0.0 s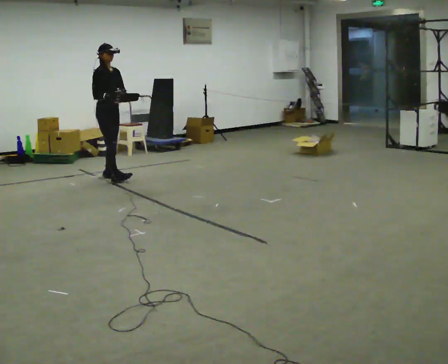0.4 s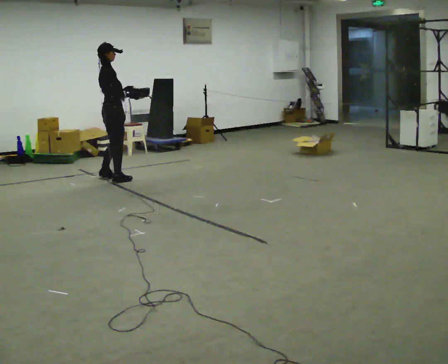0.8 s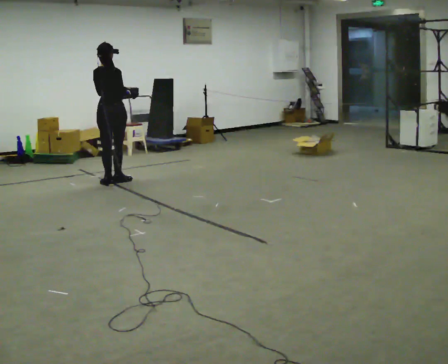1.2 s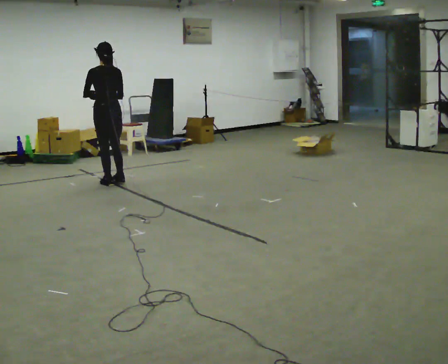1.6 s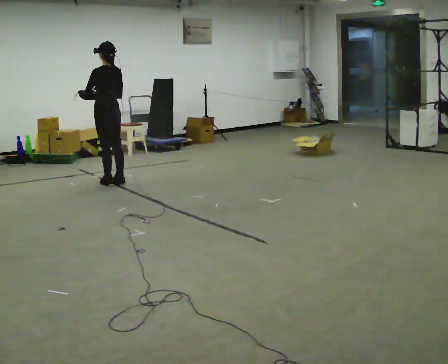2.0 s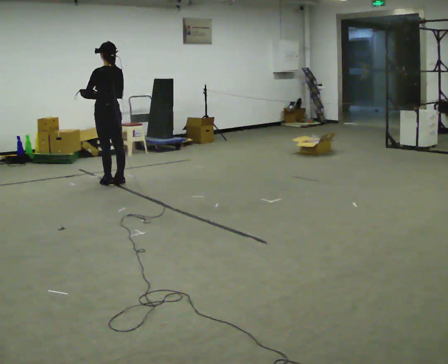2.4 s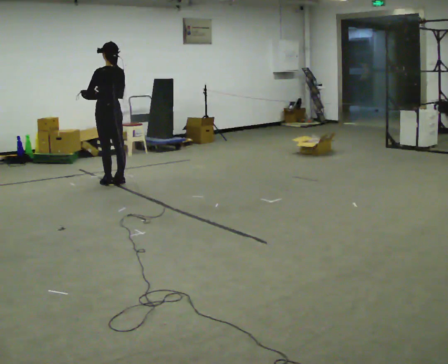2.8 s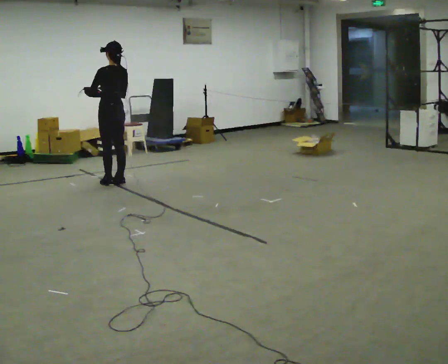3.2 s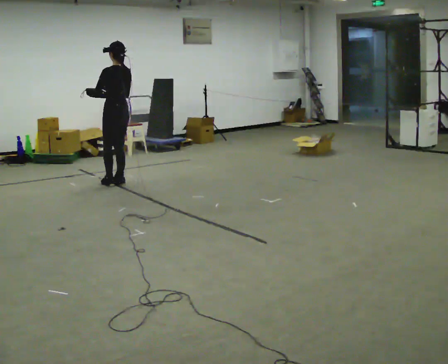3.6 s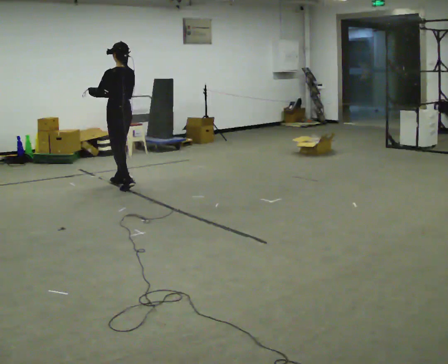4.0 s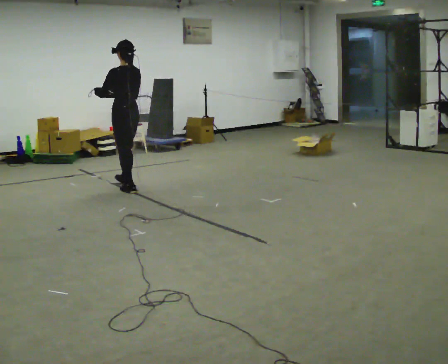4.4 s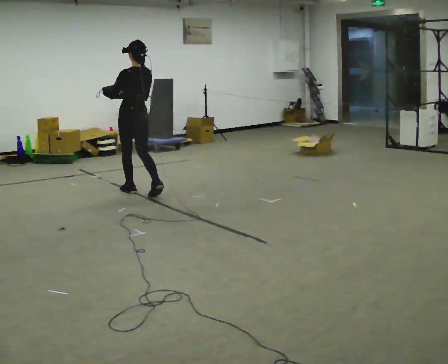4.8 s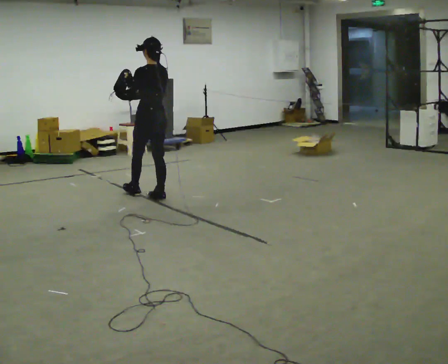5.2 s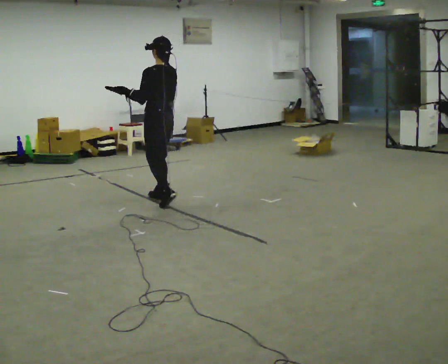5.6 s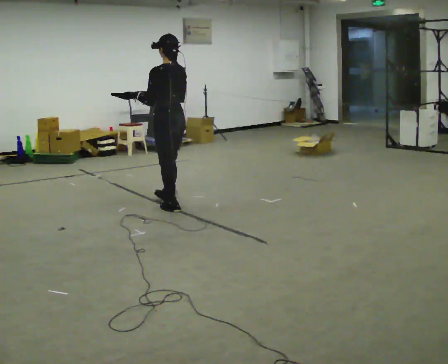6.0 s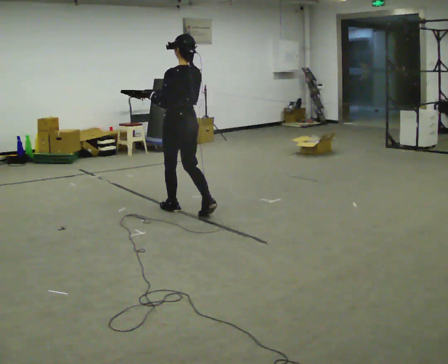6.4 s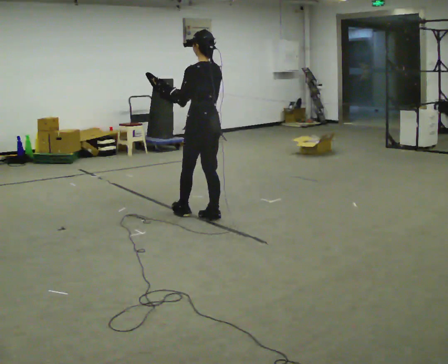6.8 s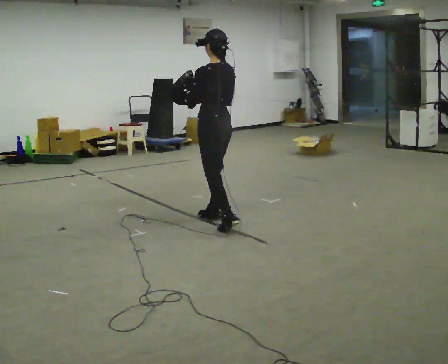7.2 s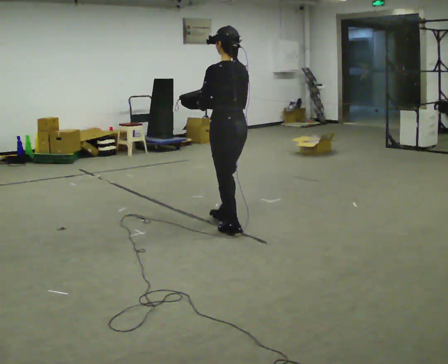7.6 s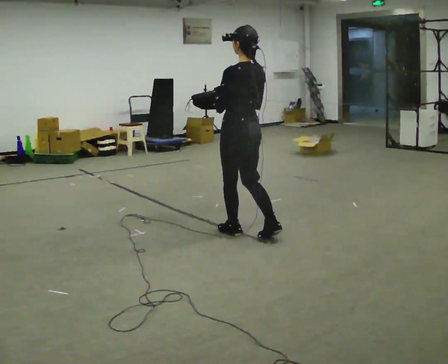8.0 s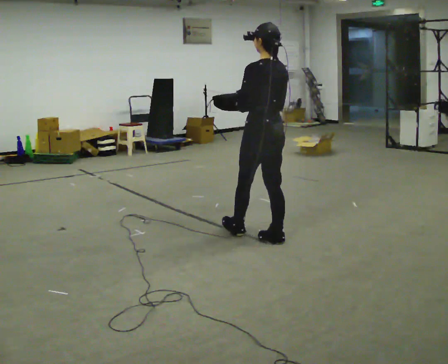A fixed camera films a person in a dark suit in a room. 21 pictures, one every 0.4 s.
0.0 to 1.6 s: The part of the body nearest the lens slides to the right as the person turns to their left by about 165 degrees. In the picture they go toward the camera, about 0.25 m in 2 steps.
1.6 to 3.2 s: The person moves a little, or ends about where they began.
3.2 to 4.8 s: In the picture they go toward the camera and to the right, about 0.5 m in 2 steps, which for them is backward.
4.8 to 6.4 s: In the picture they go toward the camera and to the right, about 1 m in 2 steps, which for them is backward.
6.4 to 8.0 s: In the picture they go toward the camera and to the right, about 1 m in 2 steps, which for them is backward.
The film runs backward here.
